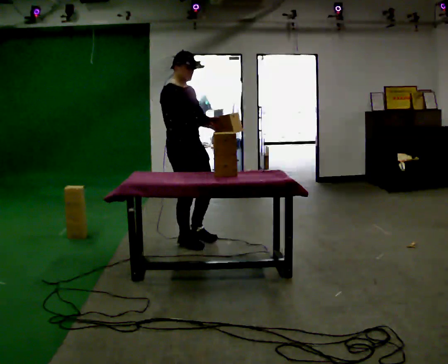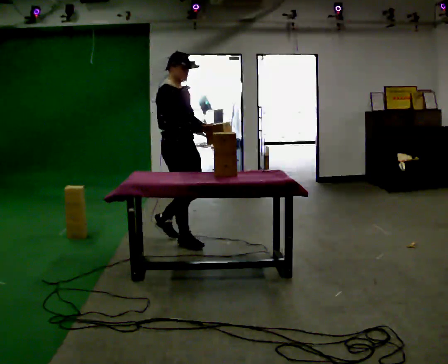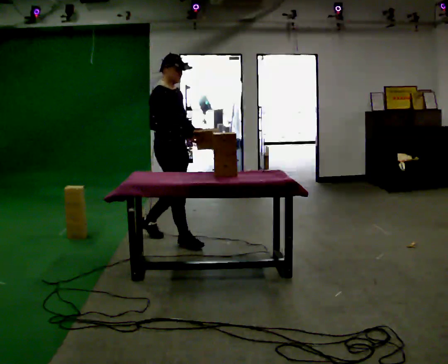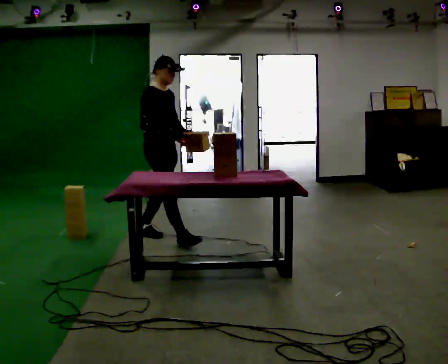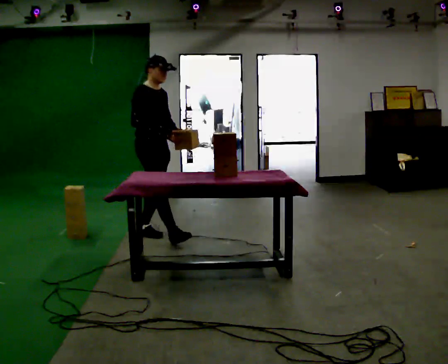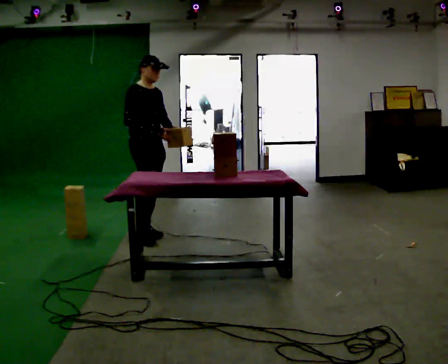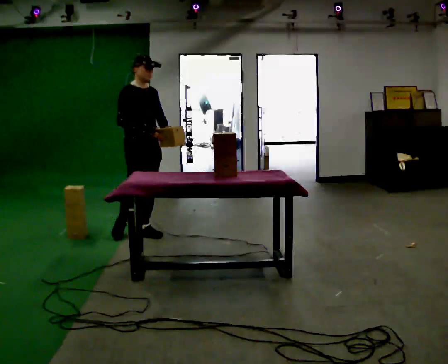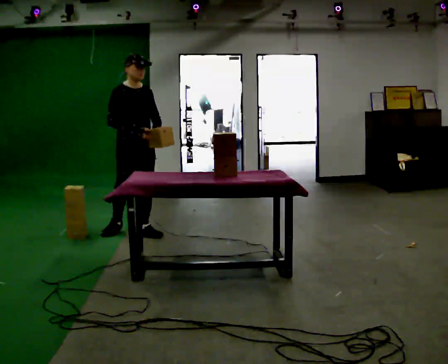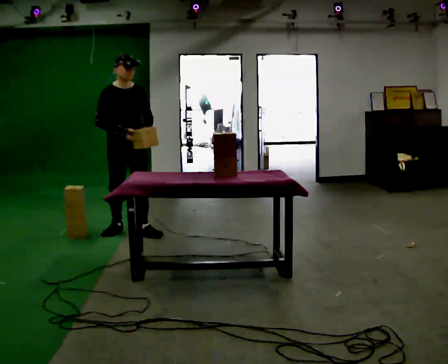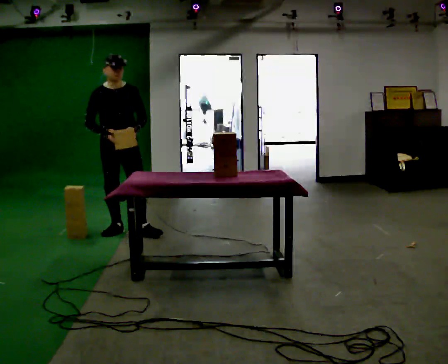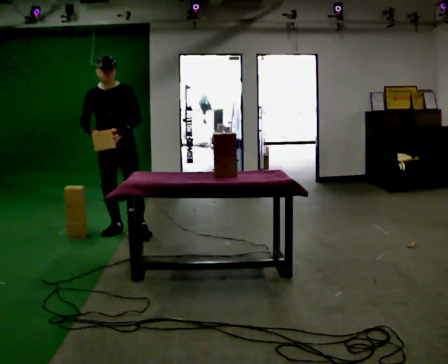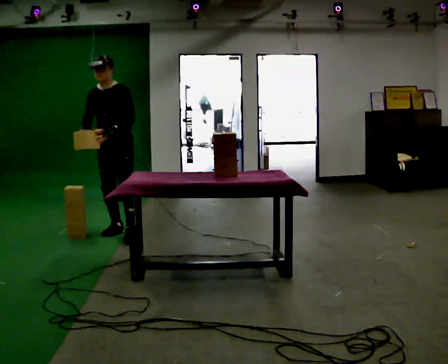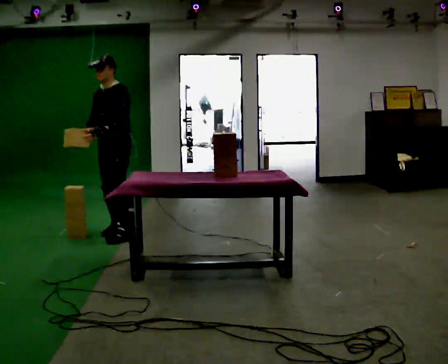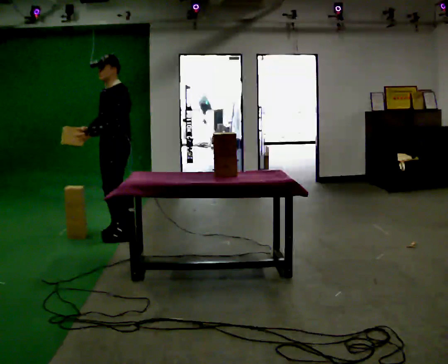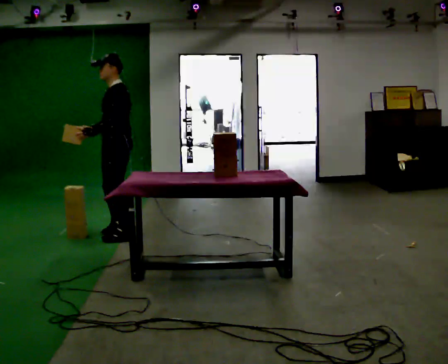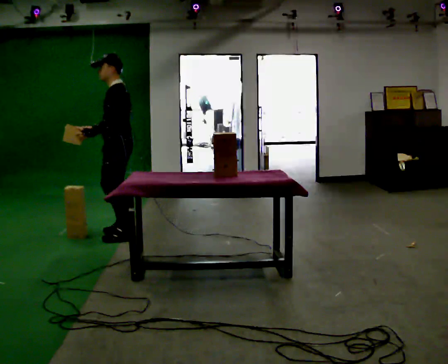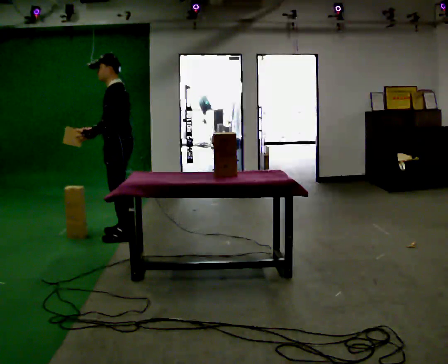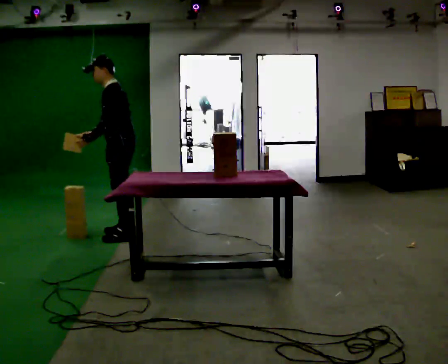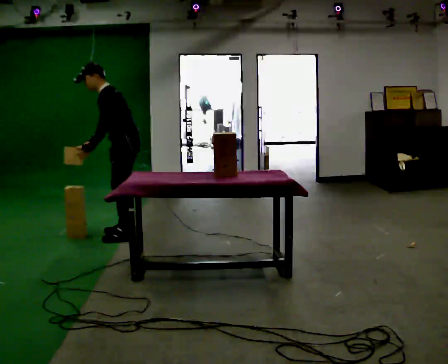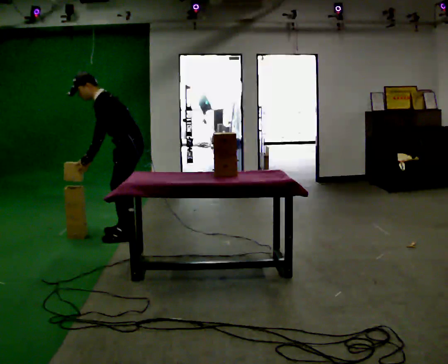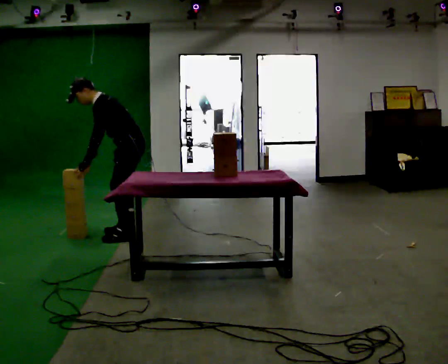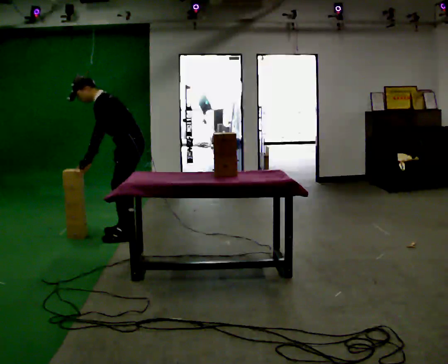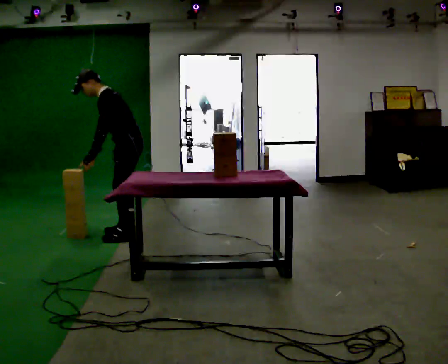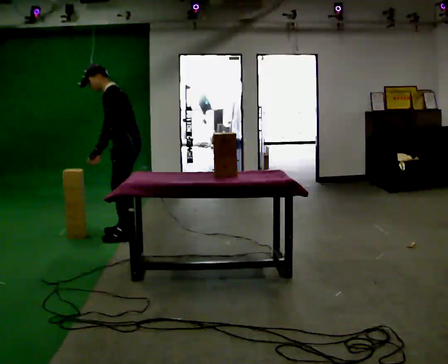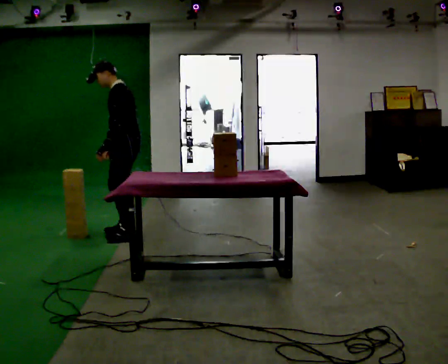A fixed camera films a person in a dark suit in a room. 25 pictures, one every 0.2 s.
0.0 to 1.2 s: In the picture they go away from the camera and to the left, about 0.5 m in 1 step, which for them is backward.
1.2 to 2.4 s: The person turns about 90 degrees to their right, clockwise seen from above, so the part of the body nearest the lens slides to the left. In the picture they go to the left, about 0.25 m in 1 step. In the picture their right hand goes to the left.
2.4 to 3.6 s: The part of the body nearest the lens slides to the left as the person turns to their right by about 45 degrees. In the picture the upper body tilts counterclockwise, shoulders to the left, as they bend forward.
3.6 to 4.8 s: The person moves a little, or ends about where they began.
The film runs backward here.
